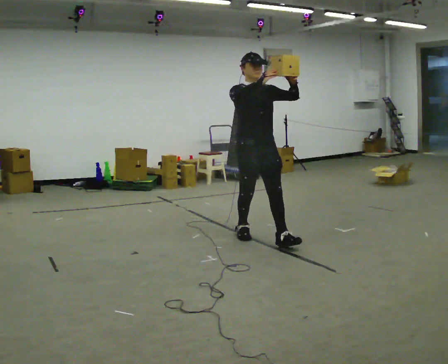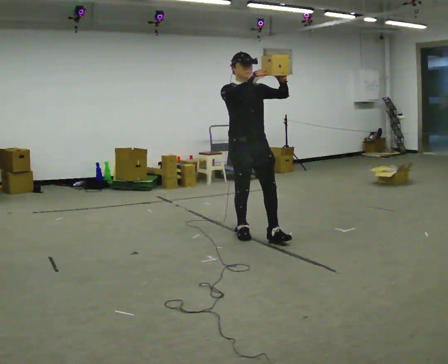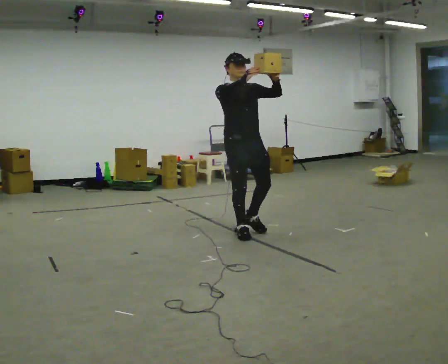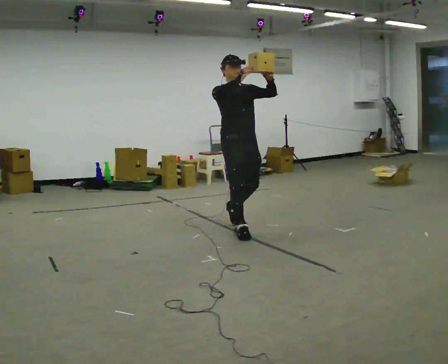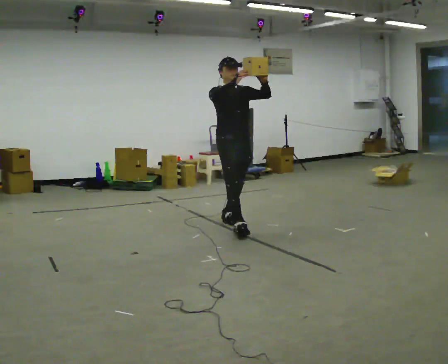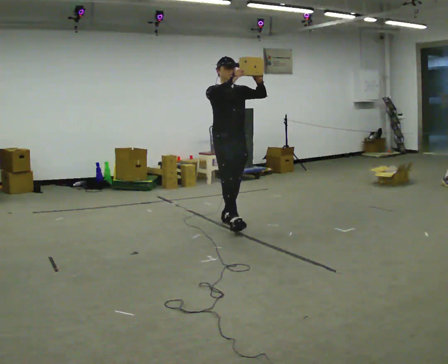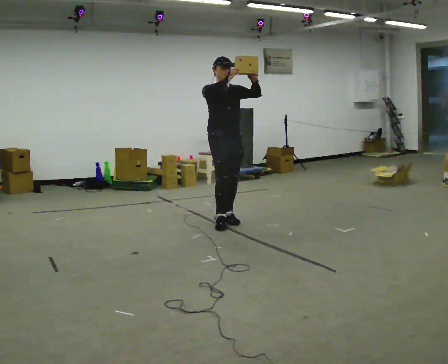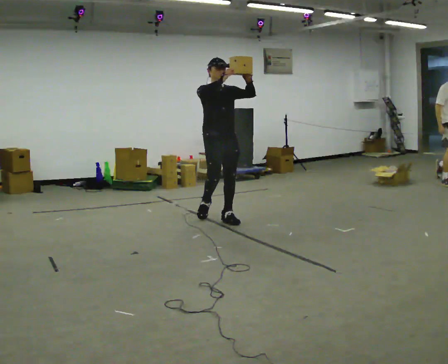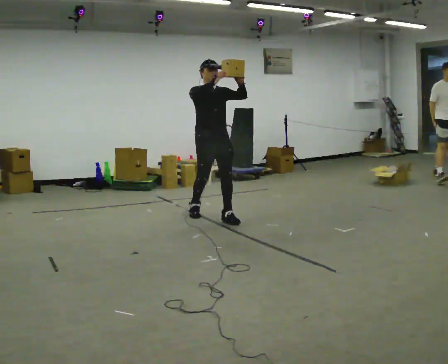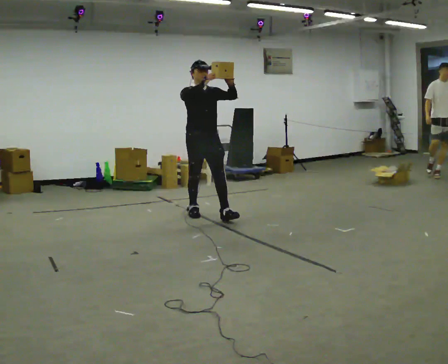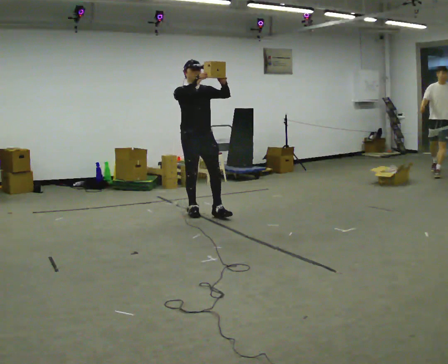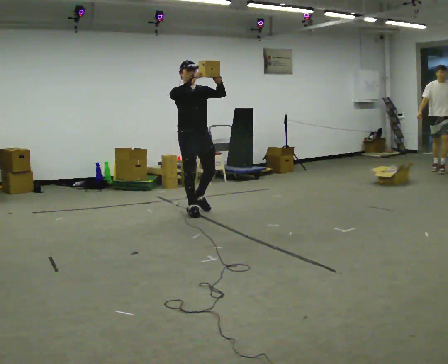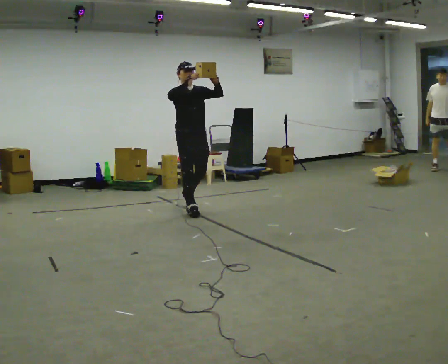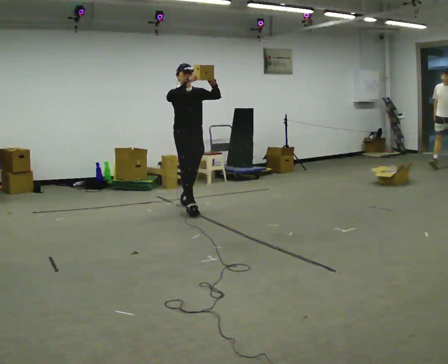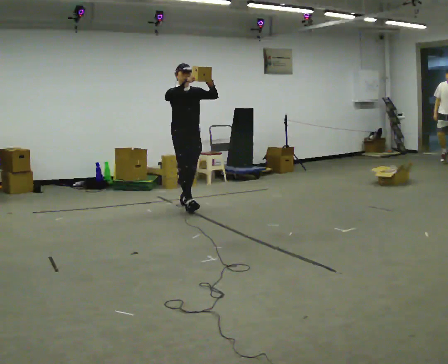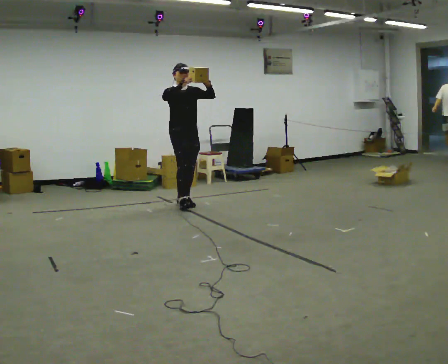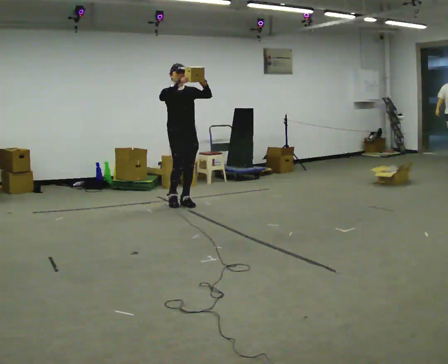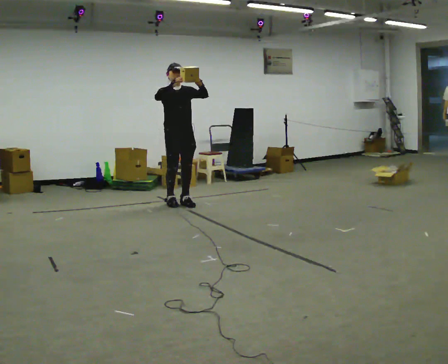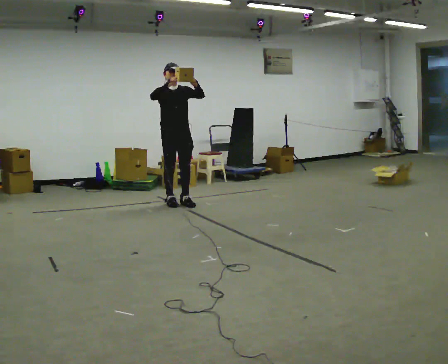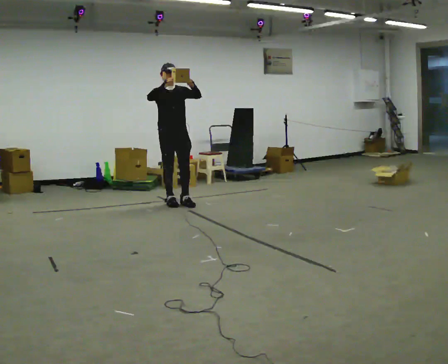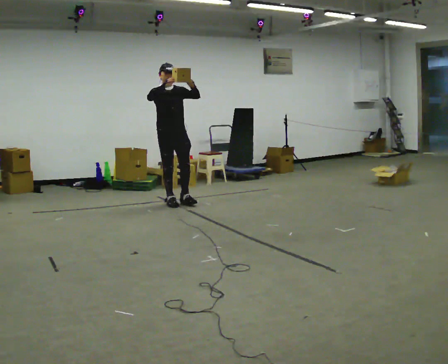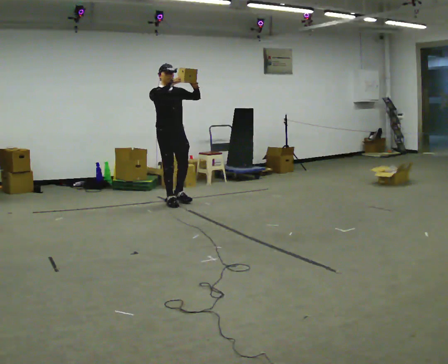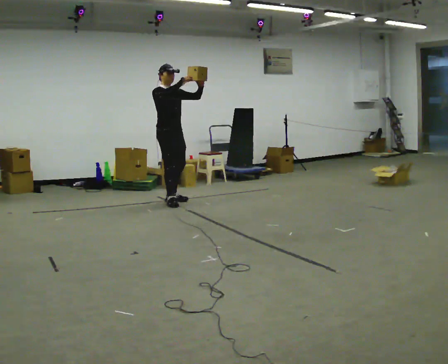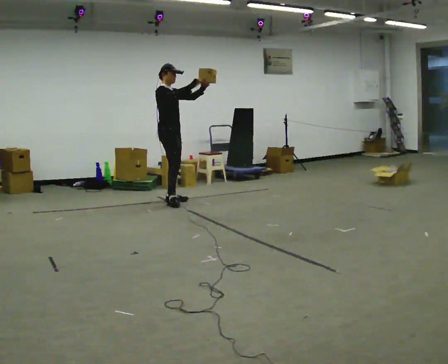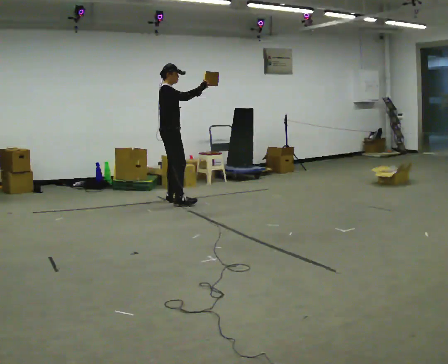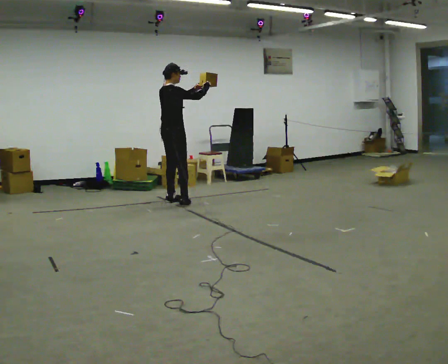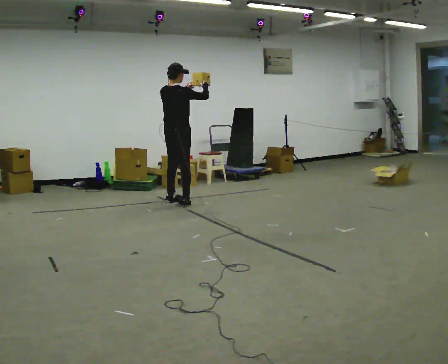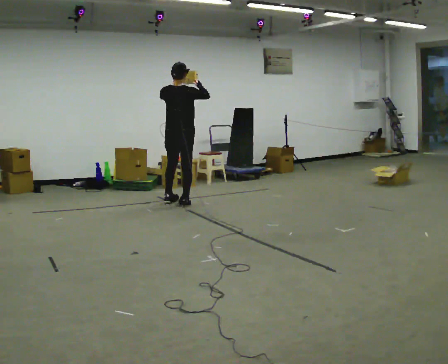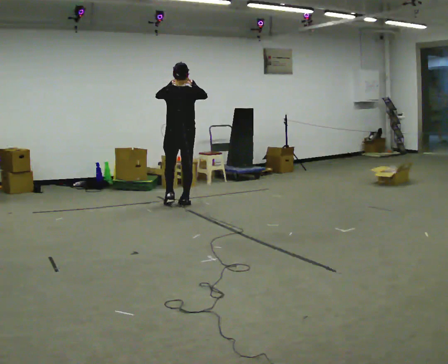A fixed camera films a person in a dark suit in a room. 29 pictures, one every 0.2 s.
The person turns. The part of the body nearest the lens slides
to the right.
The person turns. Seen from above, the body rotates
counterclockwise.
0.0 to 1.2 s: In the picture they go away from the camera, about 1 m in 2 steps, which for them is backward.
1.2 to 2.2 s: In the picture they go away from the camera and to the left, about 0.5 m in 1 step, which for them is backward.
2.2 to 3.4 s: In the picture they go away from the camera, about 0.5 m in 1 step, which for them is backward.
3.4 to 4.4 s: The person moves a little, or ends about where they began.
4.4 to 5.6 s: Seen from above the body turns counterclockwise, about 135 degrees: to their left, with its near side sliding to the right. In the picture their left hand goes to the left.
The film runs backward here.
